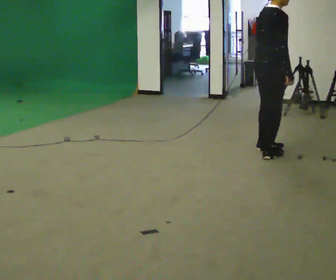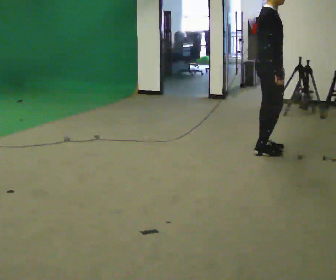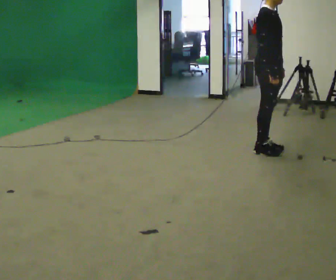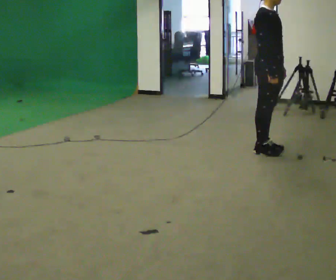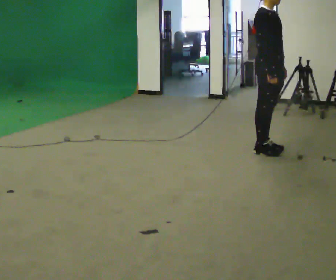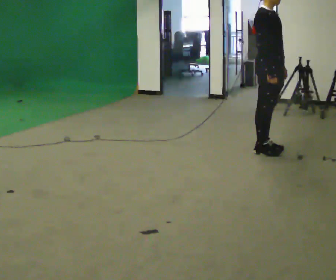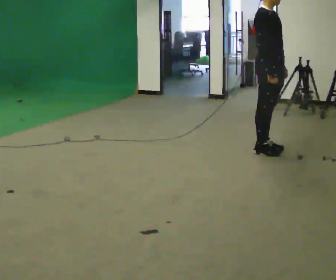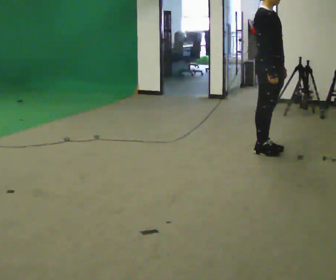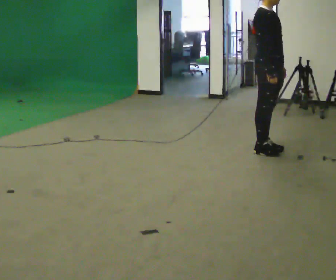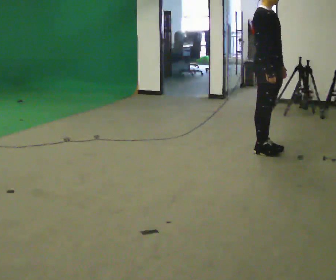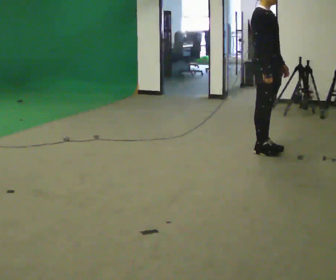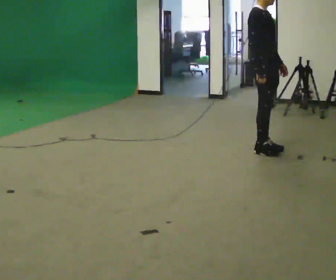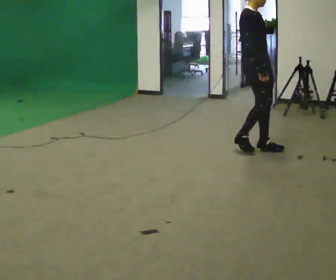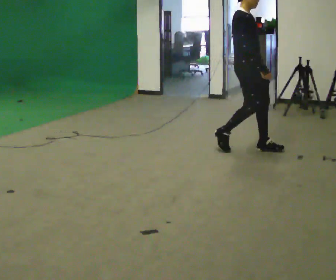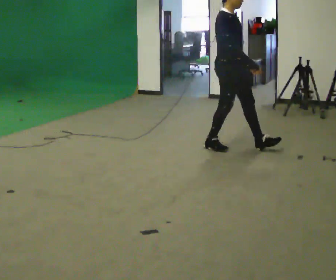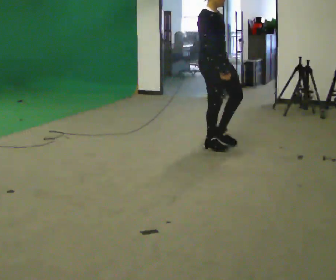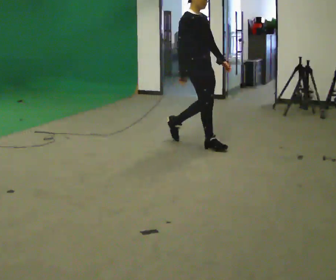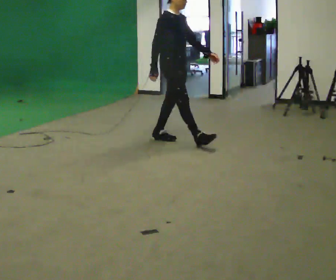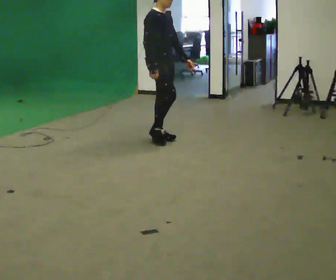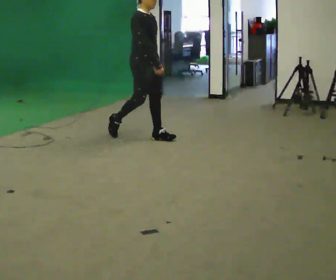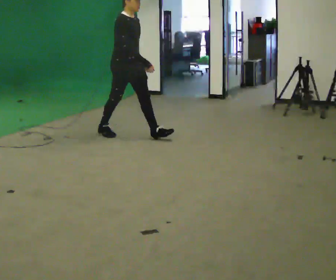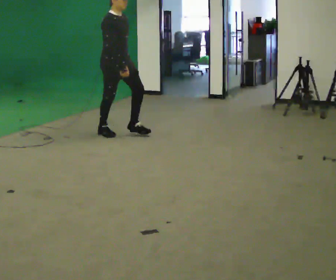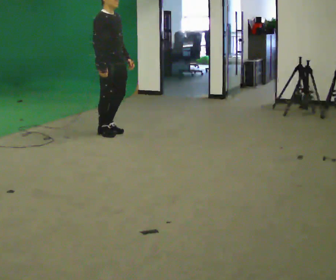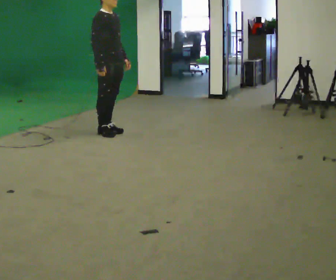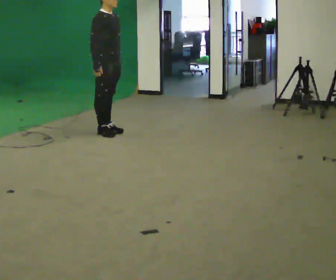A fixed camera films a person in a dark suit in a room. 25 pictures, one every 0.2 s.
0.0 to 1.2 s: Seen from above the body turns clockwise, about 60 degrees: to their right, with its near side sliding to the left.
1.2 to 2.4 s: The person moves a little, or ends about where they began.
2.4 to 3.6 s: In the picture they go to the left, about 1 m in 2 steps, which for them is backward.
3.6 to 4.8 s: In the picture they go to the left, about 0.75 m in 1 step, which for them is backward.
The film runs backward here.
